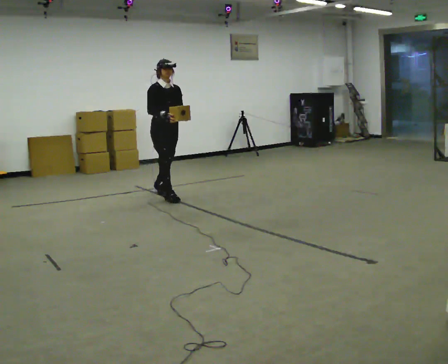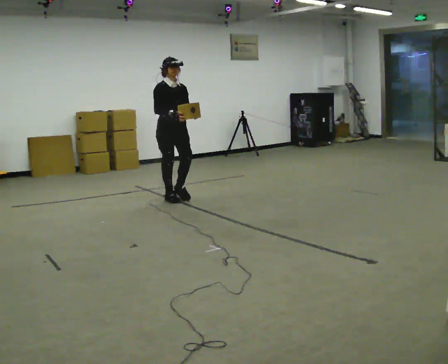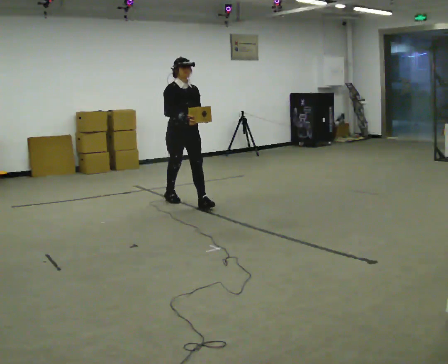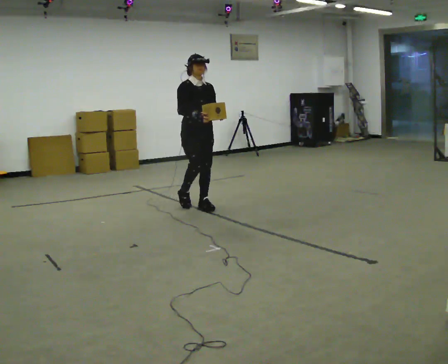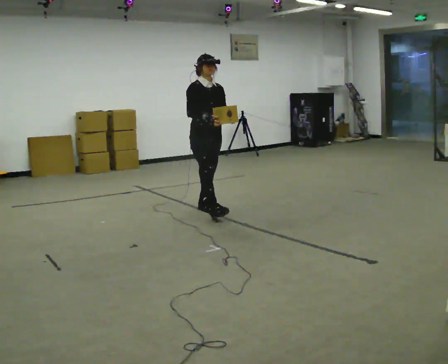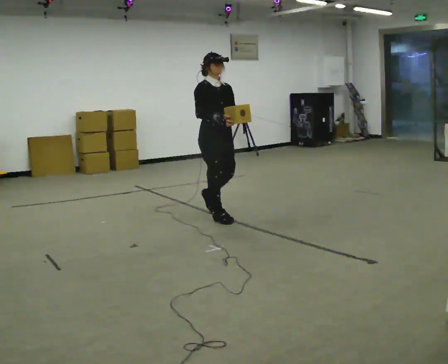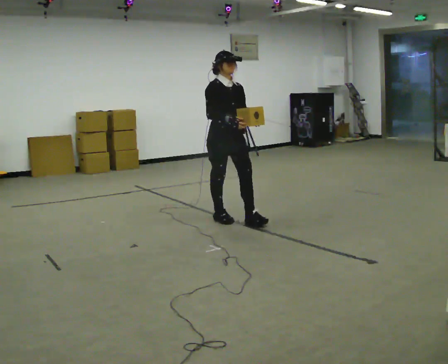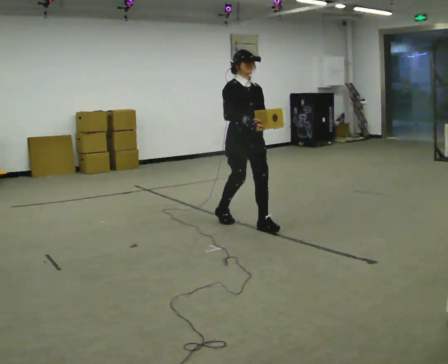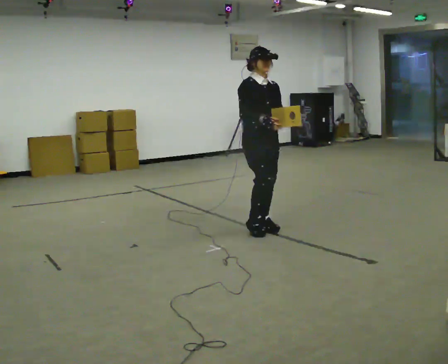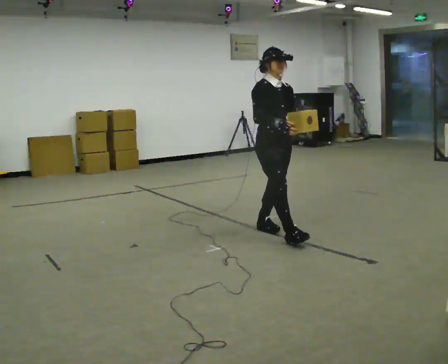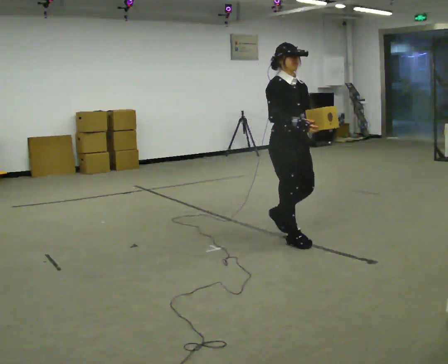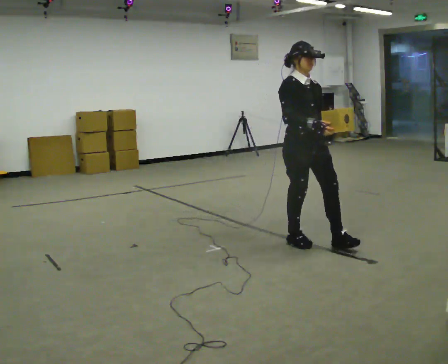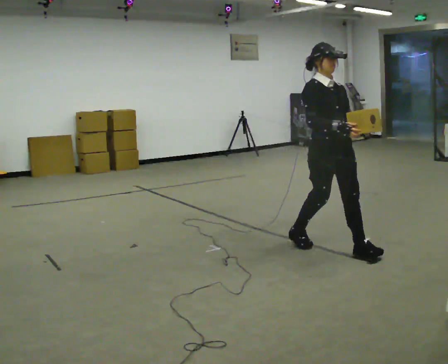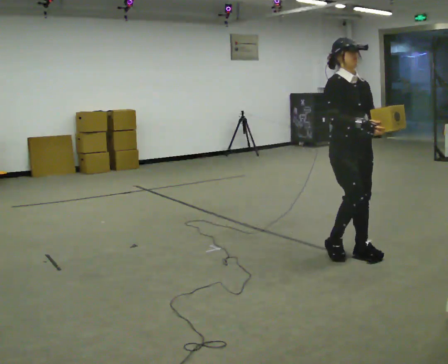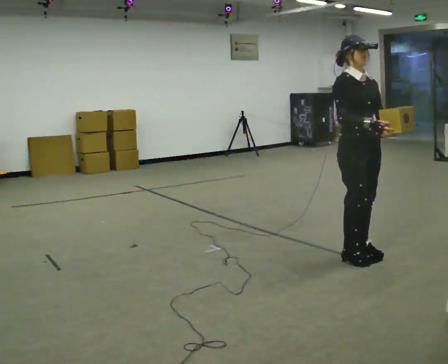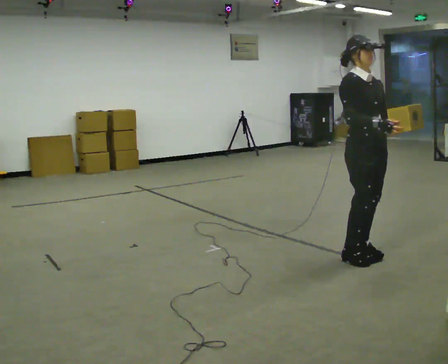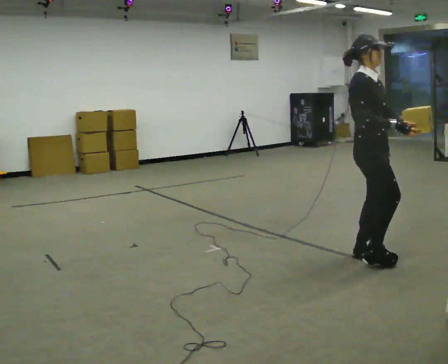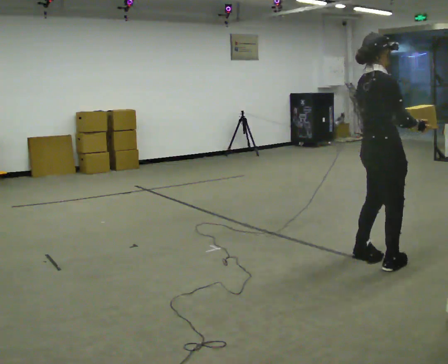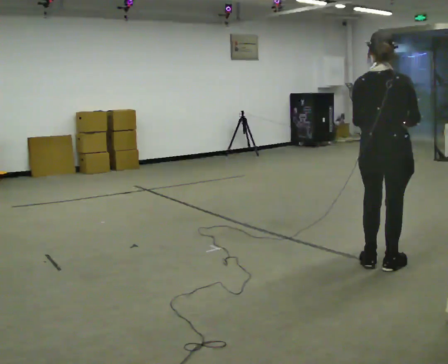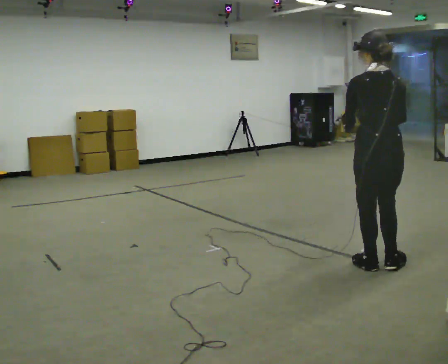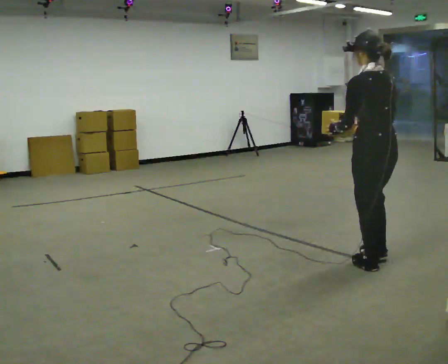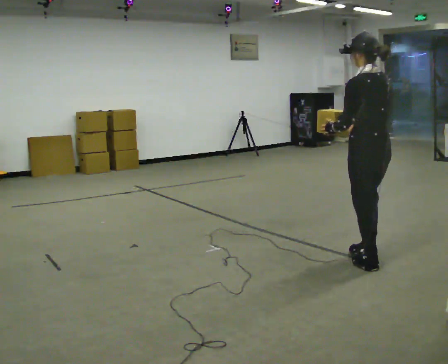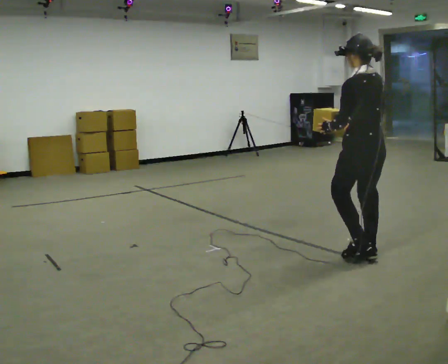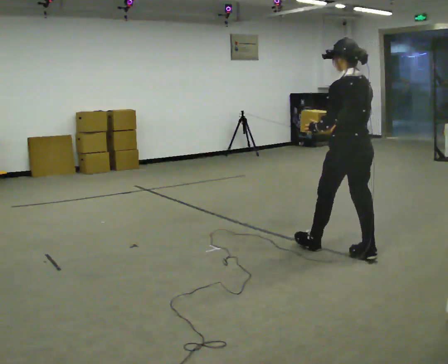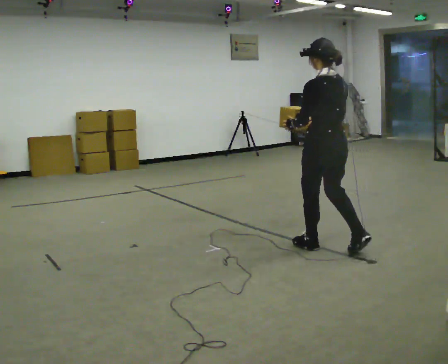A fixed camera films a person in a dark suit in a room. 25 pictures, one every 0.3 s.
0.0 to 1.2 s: In the picture they go to the right and toward the camera, about 1 m in 1 step, which for them is forward.
1.2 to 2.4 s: In the picture they go to the right and toward the camera, about 1 m in 2 steps, which for them is forward.
2.4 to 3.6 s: In the picture they go to the right and toward the camera, about 1 m in 2 steps, which for them is forward.
3.6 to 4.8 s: Seen from above the body turns counterclockwise, about 30 degrees: to their left, with its near side sliding to the right. In the picture they go to the right and toward the camera, about 0.25 m in 1 step, which for them is forward.
4.8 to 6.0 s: Seen from above the body turns counterclockwise, about 150 degrees: to their left, with its near side sliding to the right. In the picture they go toward the camera, about 0.25 m in 2 steps. In the picture their left hand goes to the left.
6.0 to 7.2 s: In the picture they go away from the camera and to the left, about 0.5 m in 2 steps, which for them is forward.
The film runs forward here.
